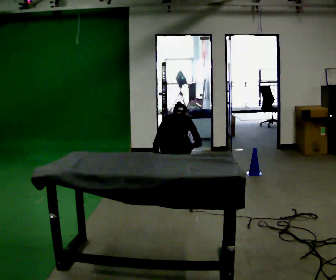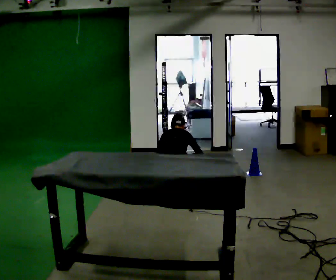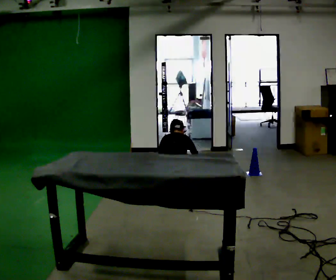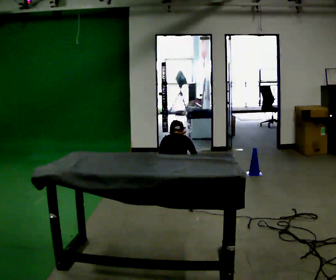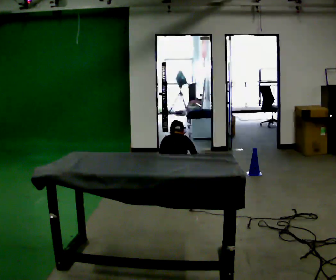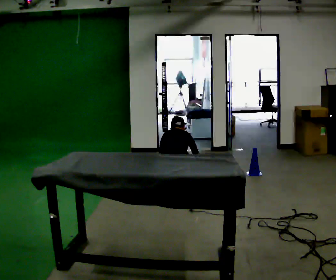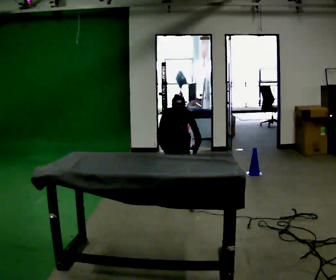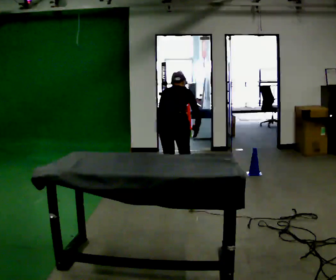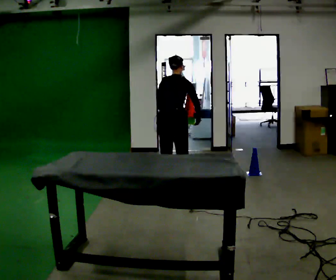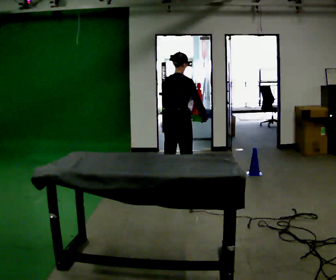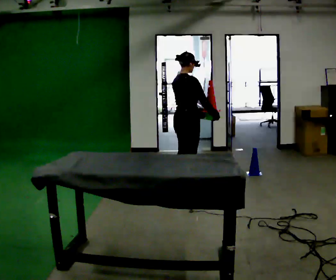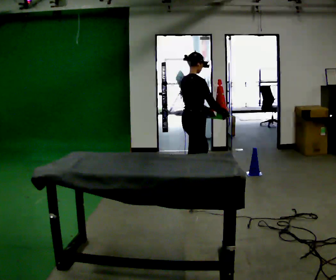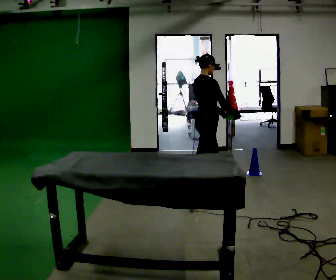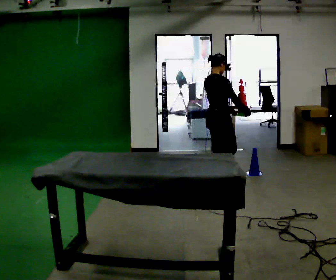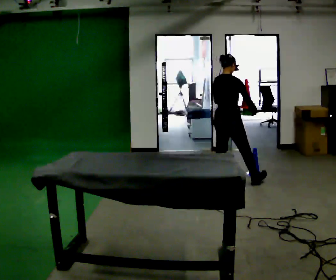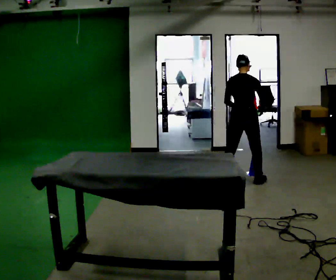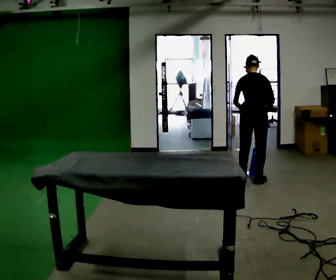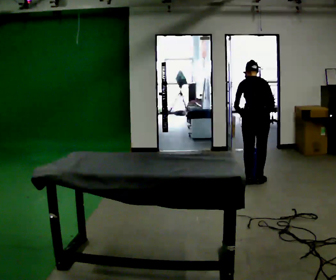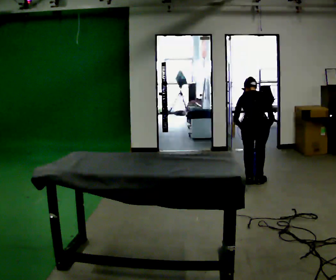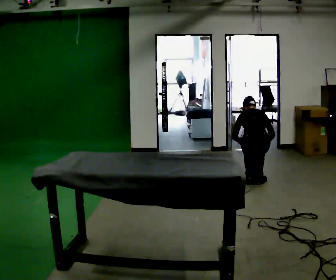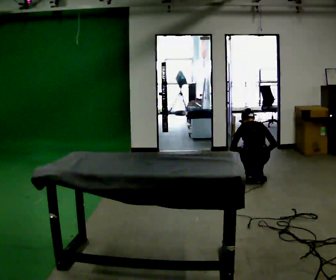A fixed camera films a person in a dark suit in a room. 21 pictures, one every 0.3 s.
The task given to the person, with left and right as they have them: Collect three or four objects from around the room, gather them in your arms, then carry them all to the shelf together. Keep going until the operator says stop; one object at a time, and do not rush between trips.
0.0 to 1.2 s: The upper body goes downward.
1.2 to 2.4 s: The shoulders move upward. The upper body tips toward the camera, its near side rolling downward, as they lean back or straighten. In the picture their right hand goes upward.
2.4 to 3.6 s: The person turns about 45 degrees to their right, clockwise seen from above, so the part of the body nearest the lens slides to the left. In the picture they go to the right and away from the camera, about 0.5 m in 1 step, which for them is forward. The upper body tips toward the camera, its near side rolling downward, as they lean back or straighten.
3.6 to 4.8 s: The part of the body nearest the lens slides to the right as the person turns to their left by about 60 degrees. In the picture they go to the right, about 0.5 m in 1 step.
4.8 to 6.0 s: The upper body goes downward. The upper body tips away from the camera, its near side rolling upward, as they bend forward. In the picture their right hand goes downward.
The film runs forward here.
